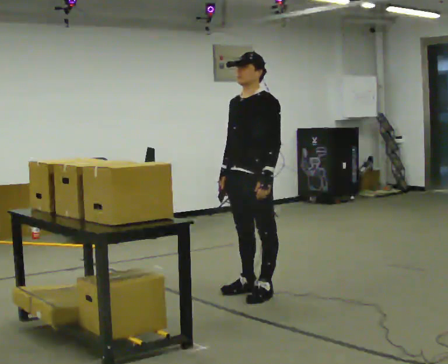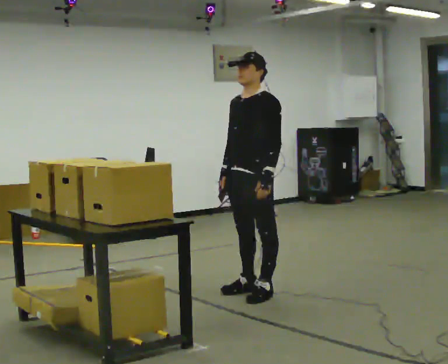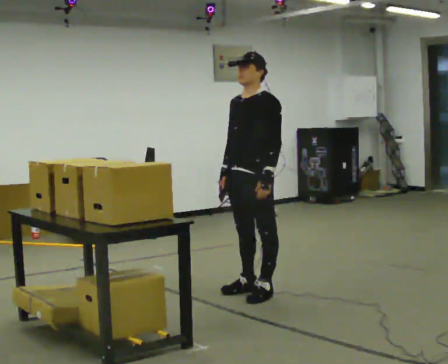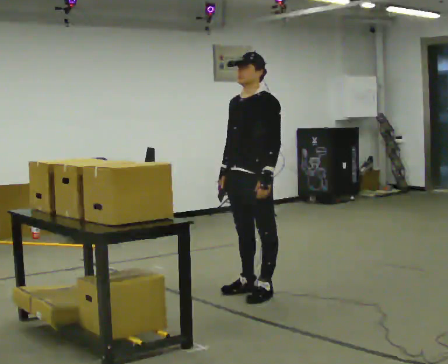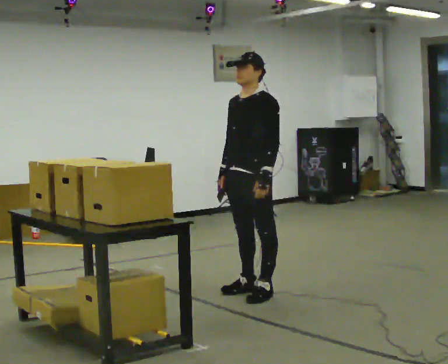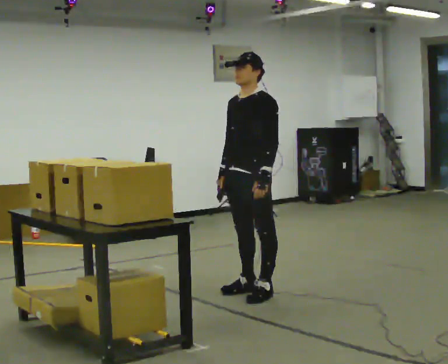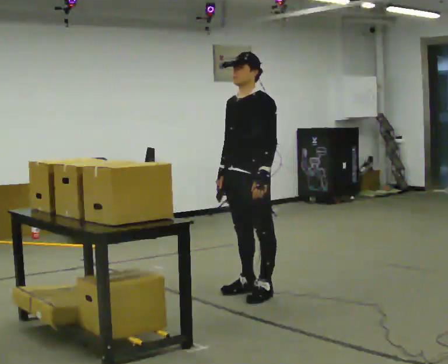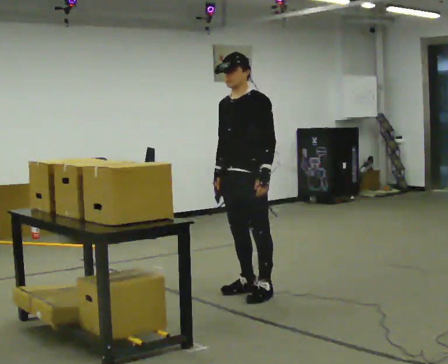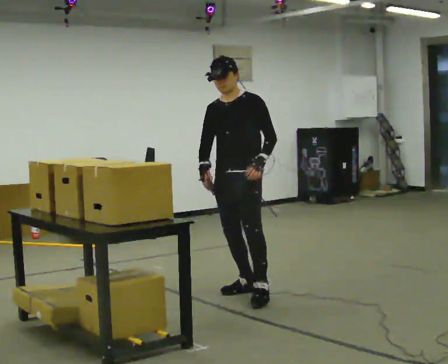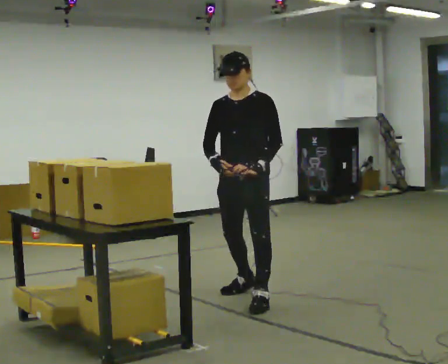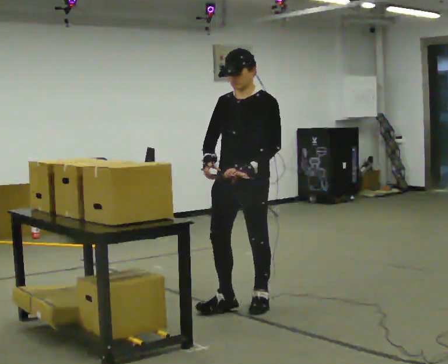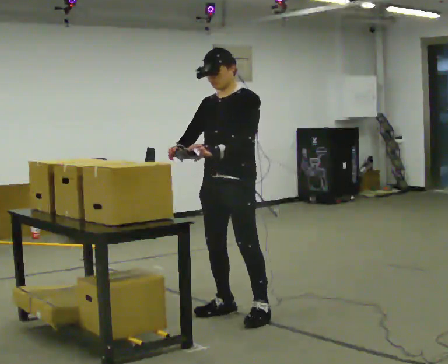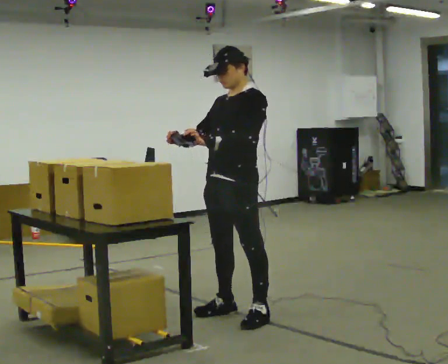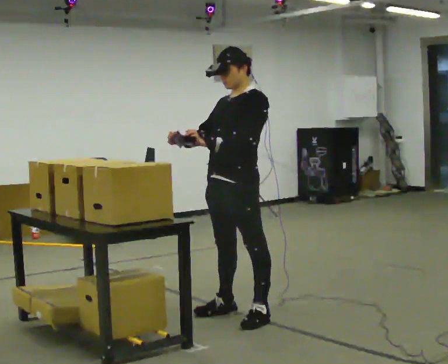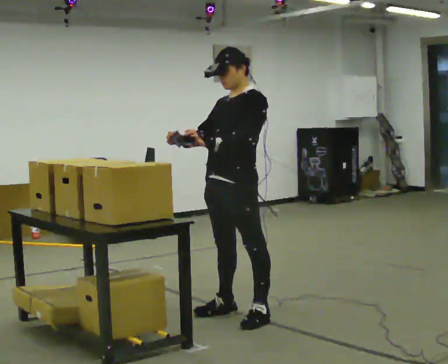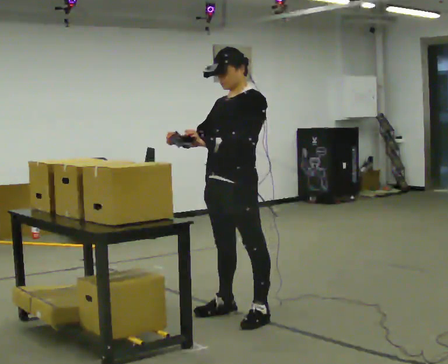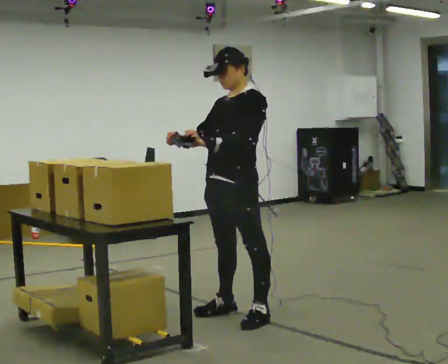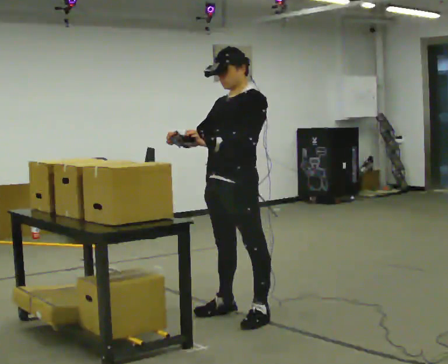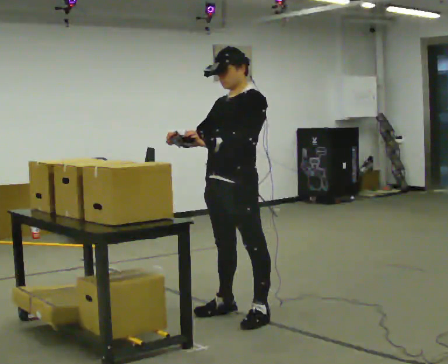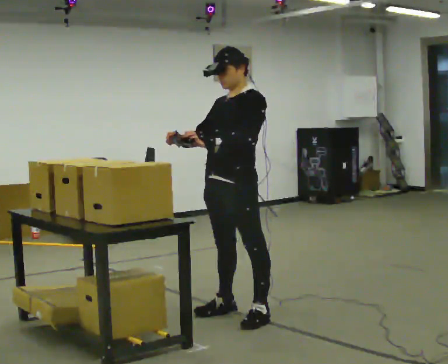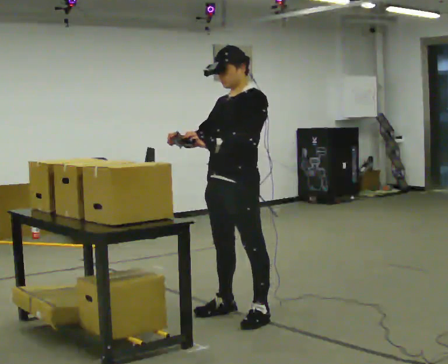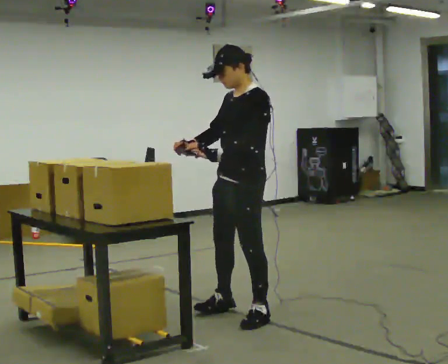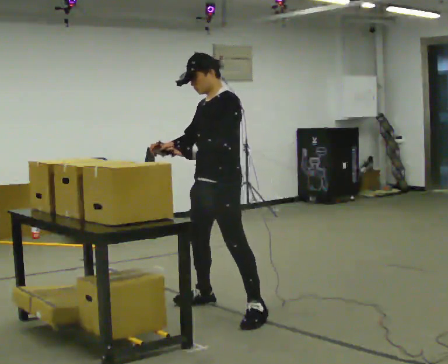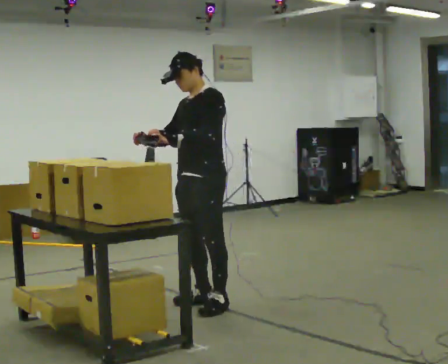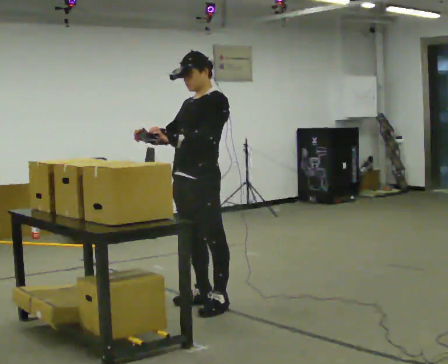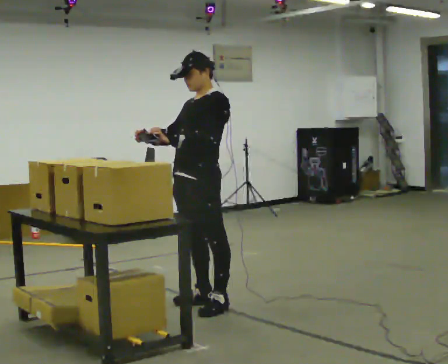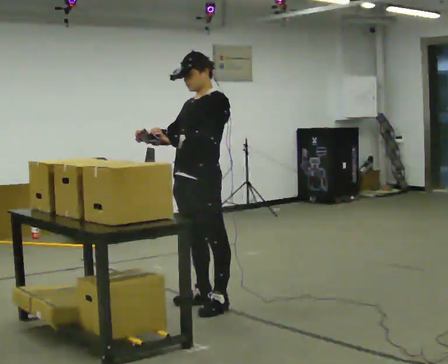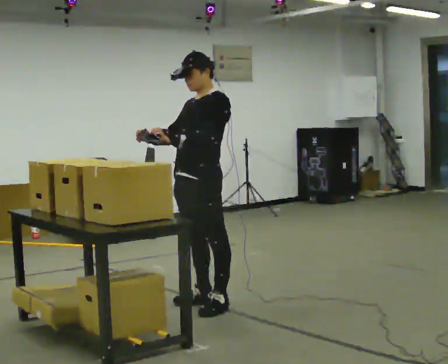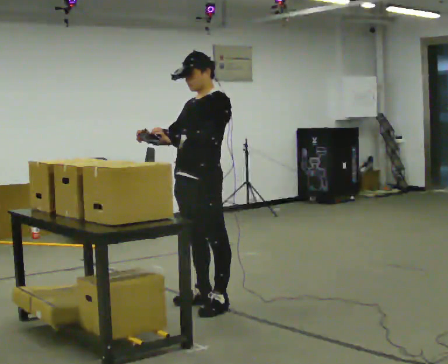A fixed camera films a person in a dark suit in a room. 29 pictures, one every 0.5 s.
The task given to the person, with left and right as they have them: Point the scanner at each label on the shelf in front of you and press the button. Repeat at your own pace until the operator says stop. Keep both feet on the marked spots for the whole take. If you have to step, stop and tell the operator.
0.0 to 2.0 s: The person keeps their place and pose.
2.0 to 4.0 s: The person moves a little, or ends about where they began.
4.0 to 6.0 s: In the picture they go toward the camera, about 0.75 m in 3 steps, which for them is forward and to their left.
6.0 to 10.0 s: The person moves a little, or ends about where they began.
10.0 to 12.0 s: In the picture they go away from the camera and to the left, about 0.25 m in 2 steps, which for them is to their right.
12.0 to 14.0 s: The person keeps their place and pose.
The film runs forward here.
